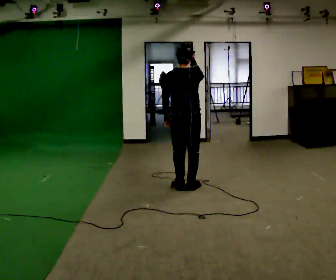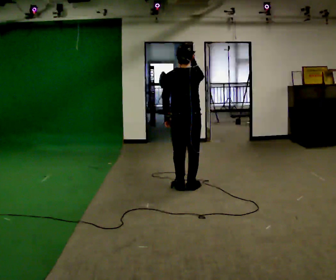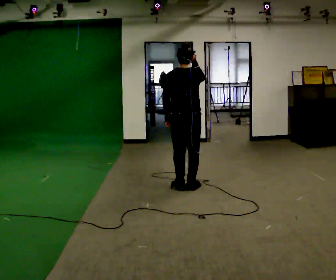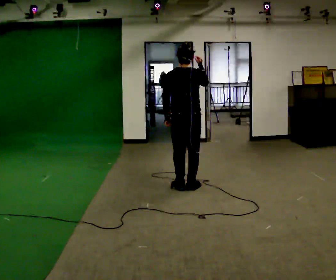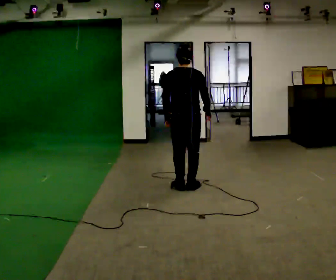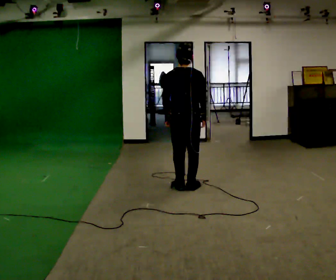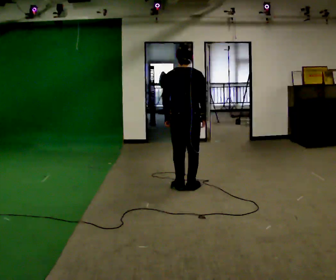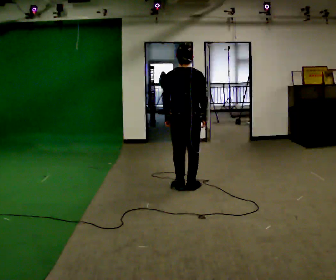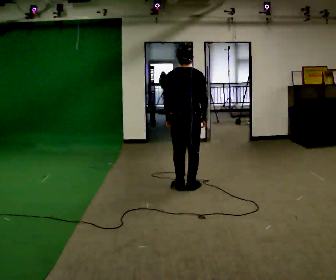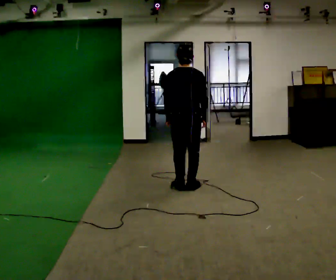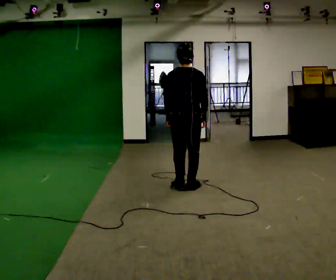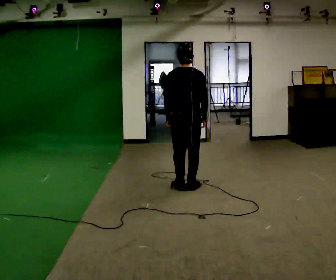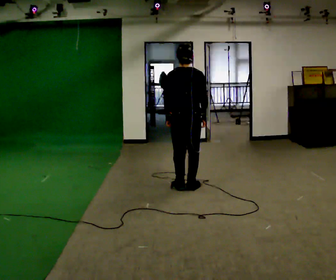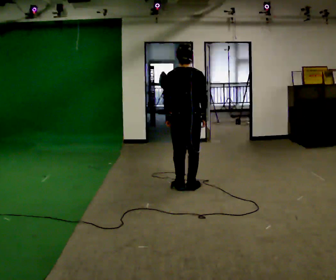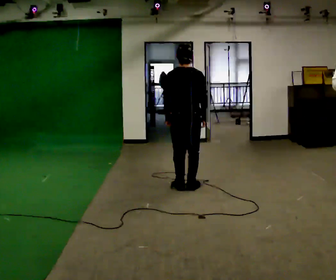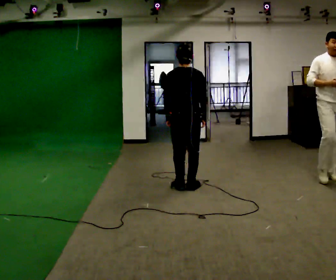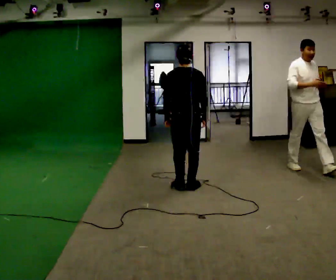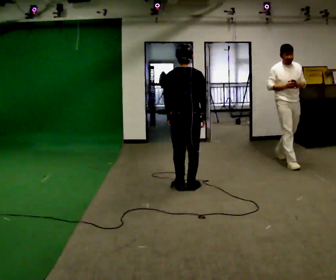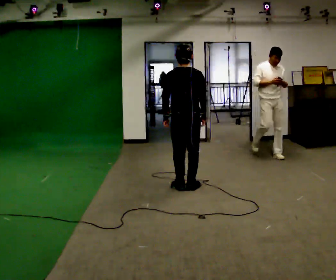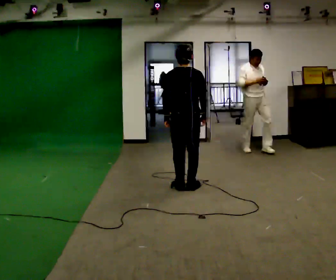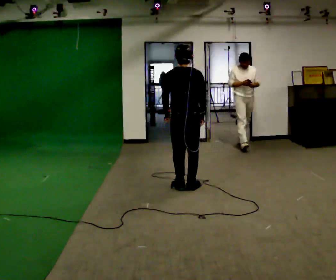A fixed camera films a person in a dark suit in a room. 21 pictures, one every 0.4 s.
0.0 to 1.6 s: In the picture their right hand goes downward.
1.6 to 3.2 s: The person moves a little, or ends about where they began.
3.2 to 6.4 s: The person keeps their place and pose.
6.4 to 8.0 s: The person moves a little, or ends about where they began.
The film runs backward here.
